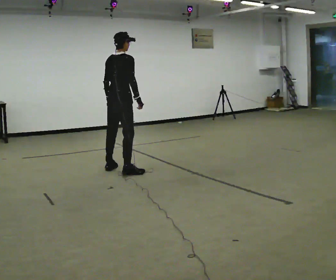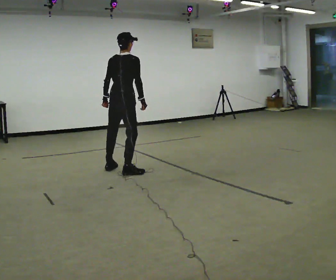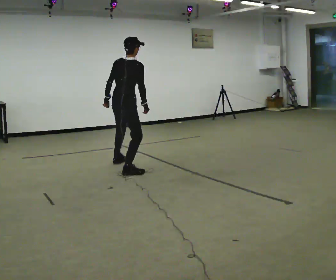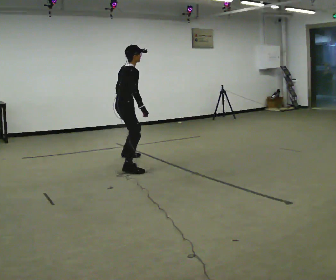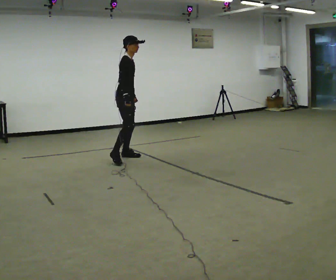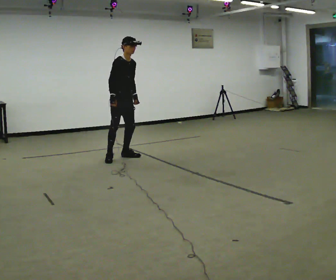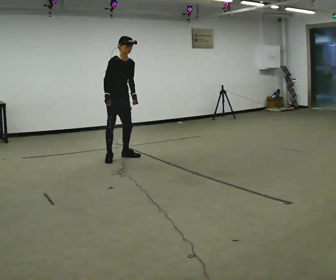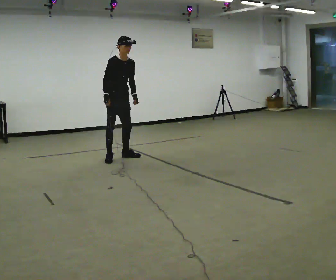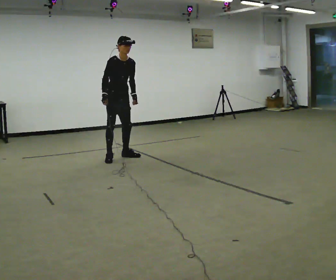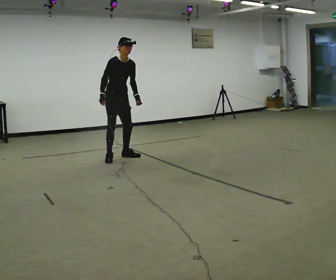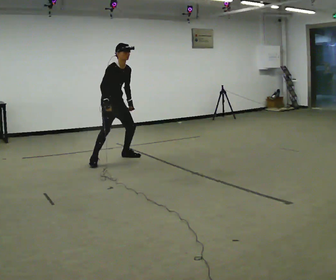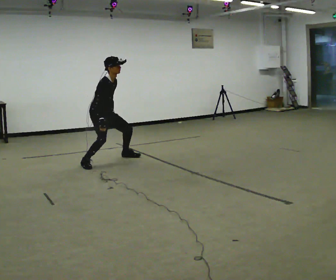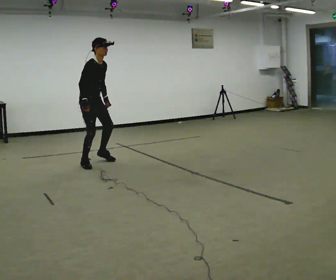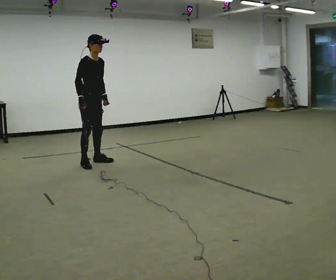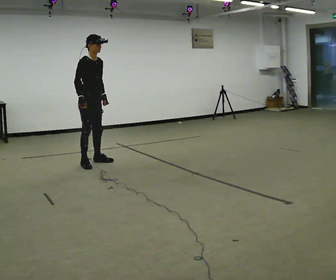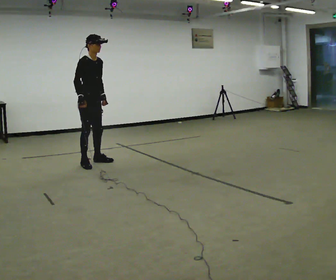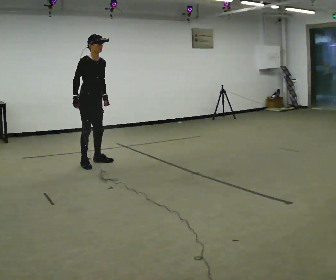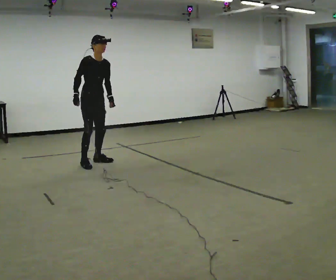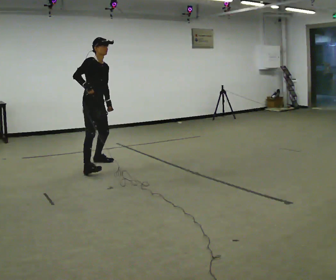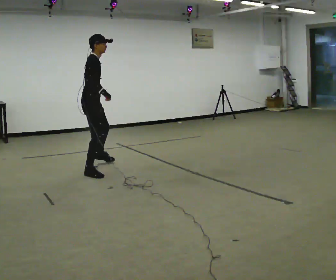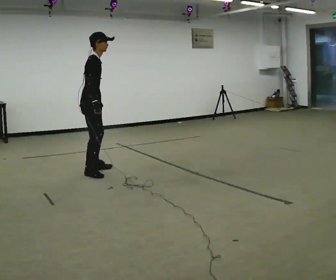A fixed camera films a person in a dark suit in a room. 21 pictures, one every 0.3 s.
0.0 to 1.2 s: The person turns about 60 degrees to their right, clockwise seen from above, so the part of the body nearest the lens slides to the left. In the picture they go away from the camera, about 0.75 m in 2 steps.
1.2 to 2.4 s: Seen from above the body turns clockwise, about 45 degrees: to their right, with its near side sliding to the left. In the picture their right hand goes to the left.
2.4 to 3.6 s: The part of the body nearest the lens slides to the right as the person turns to their left by about 30 degrees. In the picture they go to the left and toward the camera, about 0.5 m in 2 steps, which for them is to their right.
3.6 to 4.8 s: The person moves a little, or ends about where they began.
4.8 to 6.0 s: Seen from above the body turns counterclockwise, about 45 degrees: to their left, with its near side sliding to the right. In the picture they go toward the camera, about 0.5 m in 2 steps, which for them is to their right and forward.
The film runs backward here.
